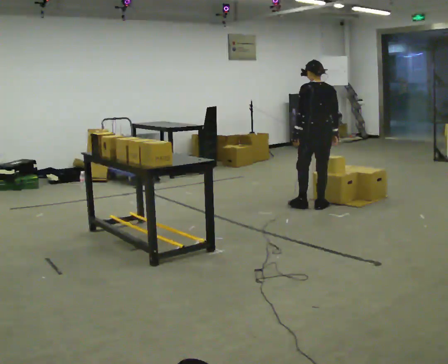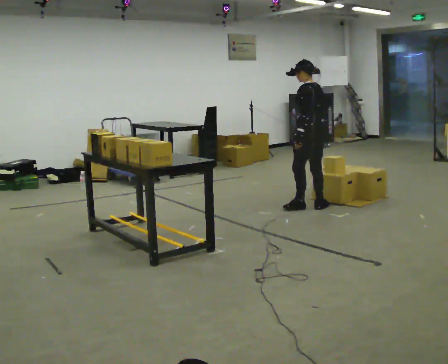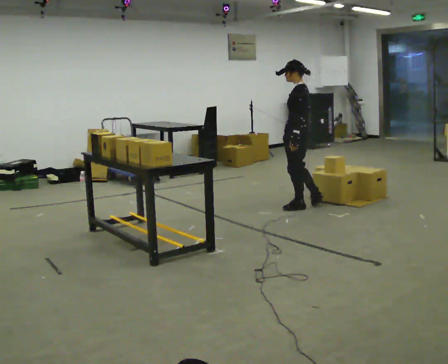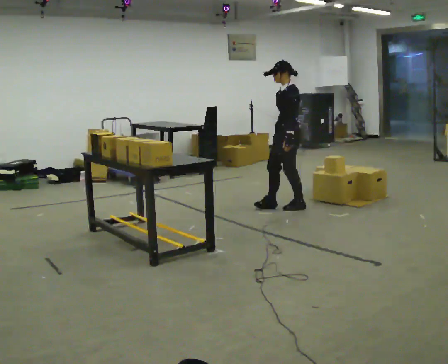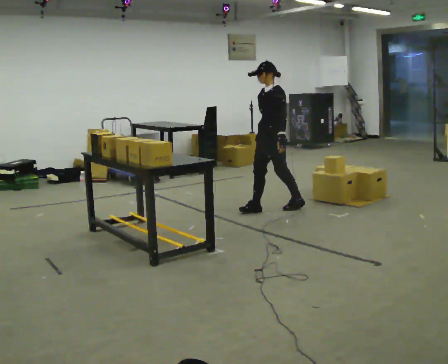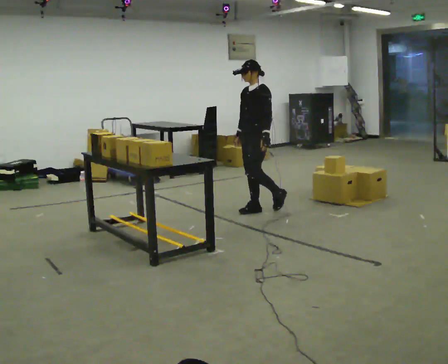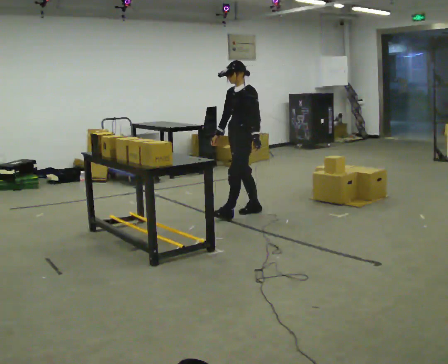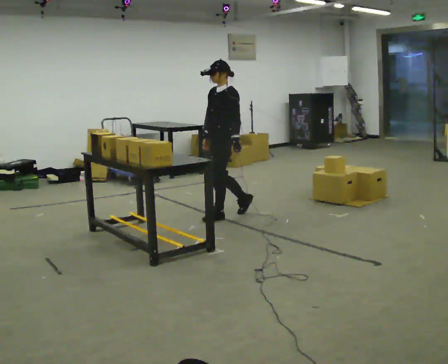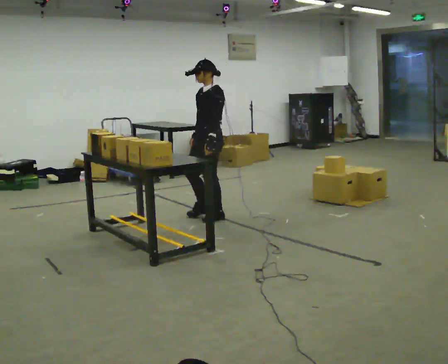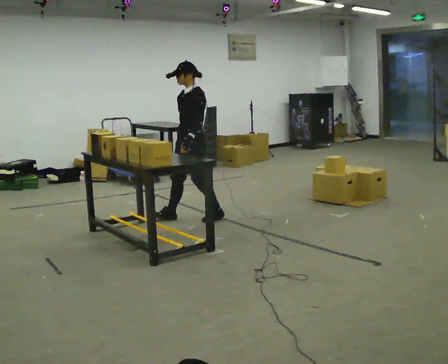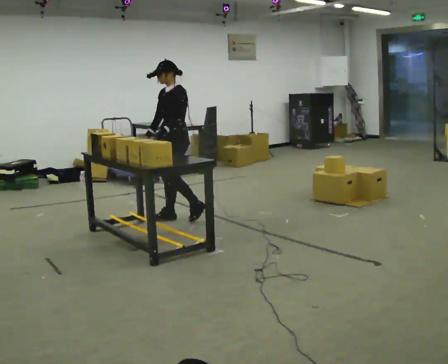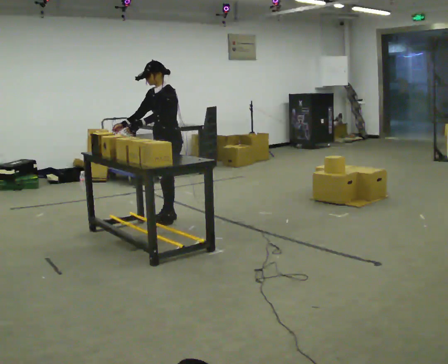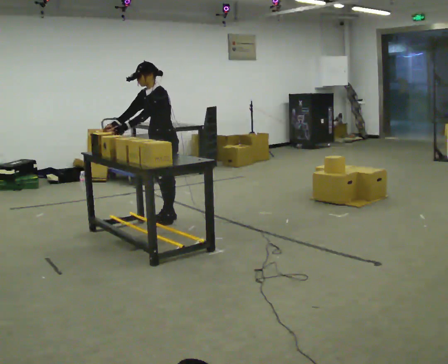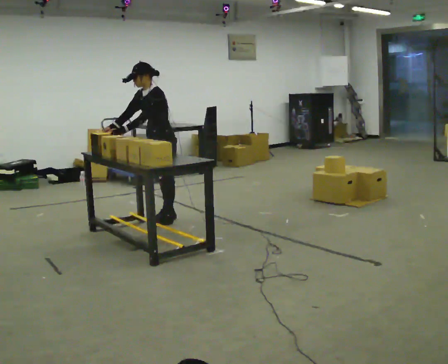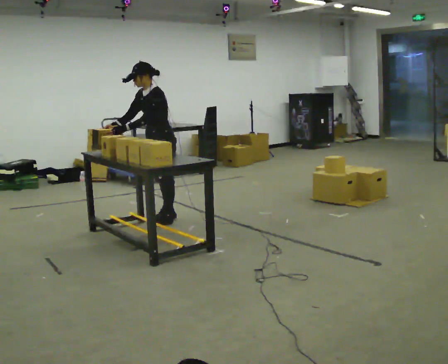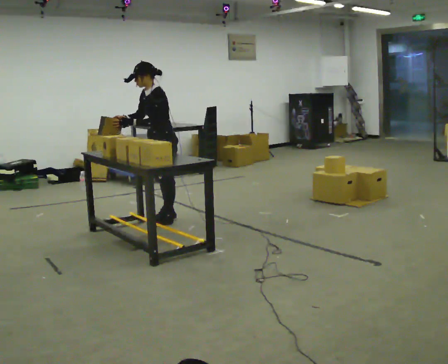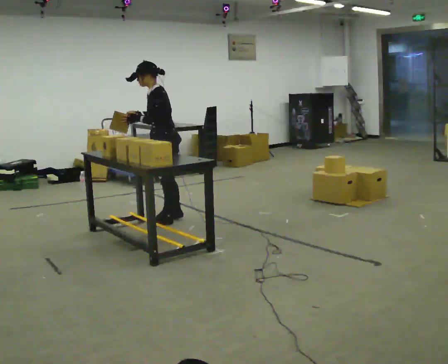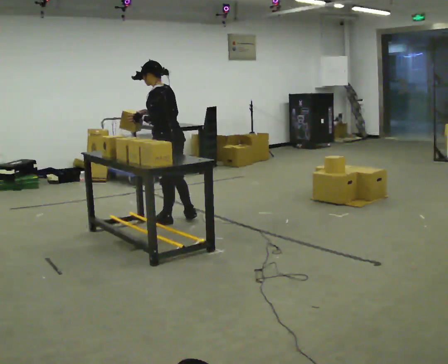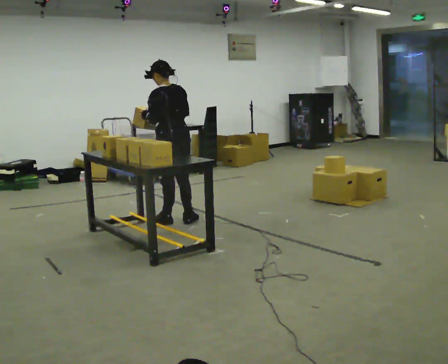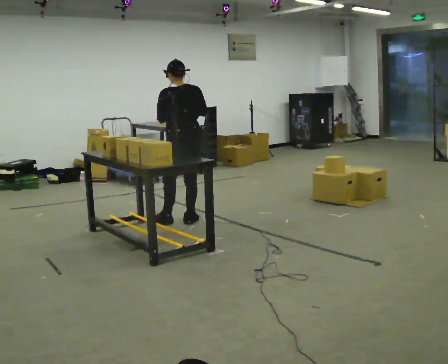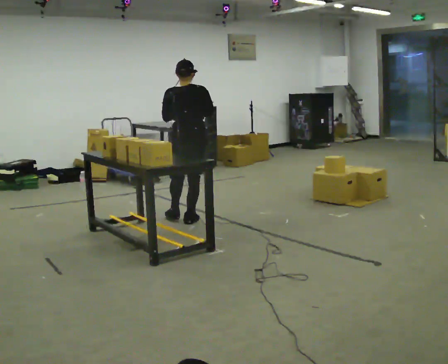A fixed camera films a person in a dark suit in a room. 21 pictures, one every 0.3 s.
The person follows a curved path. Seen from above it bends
counterclockwise.
0.0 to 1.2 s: Seen from above the body turns counterclockwise, about 105 degrees: to their left, with its near side sliding to the right. In the picture they go to the left, about 0.5 m in 1 step.
1.2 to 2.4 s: In the picture they go to the left, about 0.75 m in 1 step, which for them is forward.
2.4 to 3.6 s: In the picture they go to the left, about 0.5 m in 2 steps, which for them is forward. In the picture the upper body tilts counterclockwise, shoulders to the left, as they bend forward.
3.6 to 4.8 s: The person moves a little, or ends about where they began.
4.8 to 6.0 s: Seen from above the body turns clockwise, about 105 degrees: to their right, with its near side sliding to the left. In the picture they go to the right, about 0.25 m in 1 step. In the picture the upper body tilts clockwise, shoulders to the right, as they lean back or straighten. In the picture their right hand goes to the right.
The film runs forward here.
